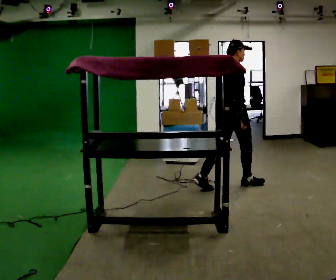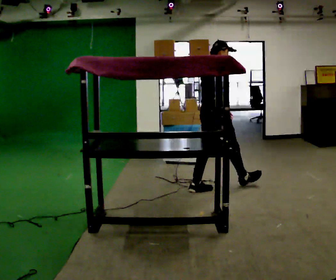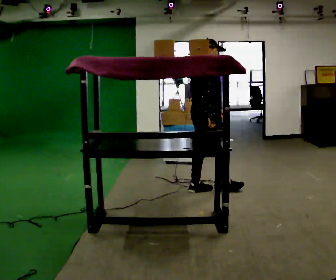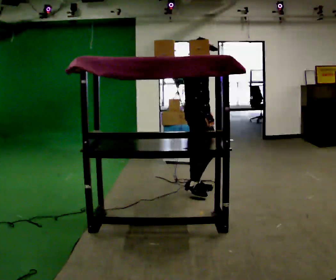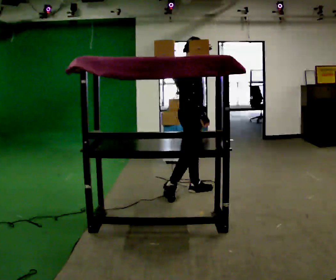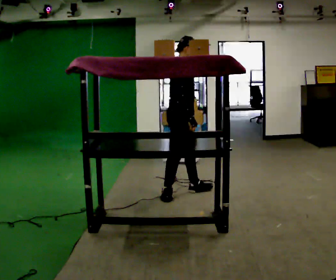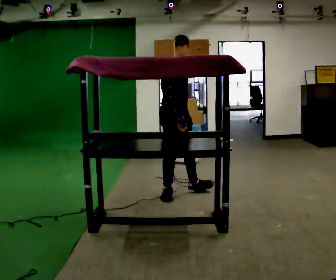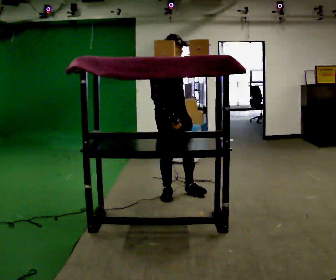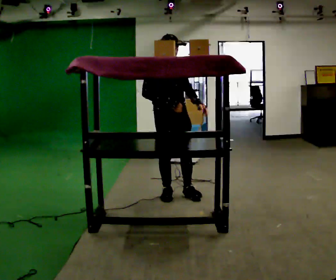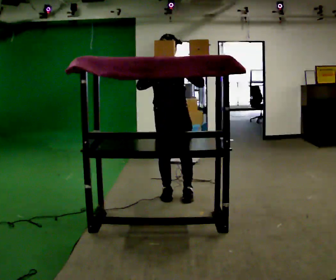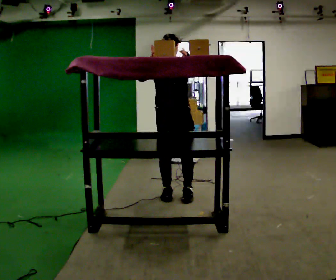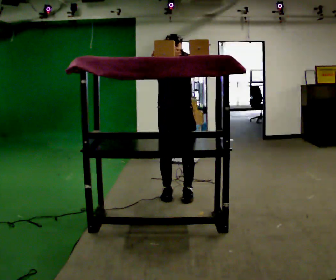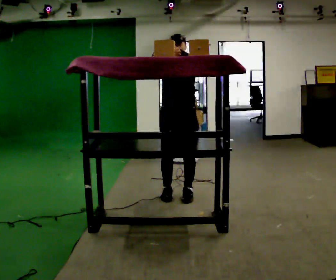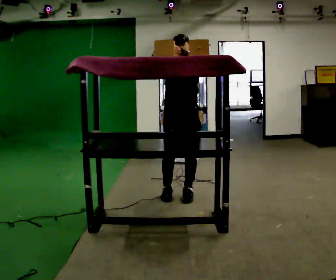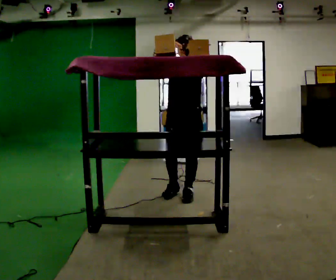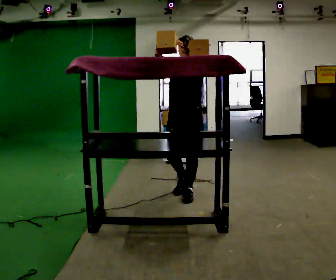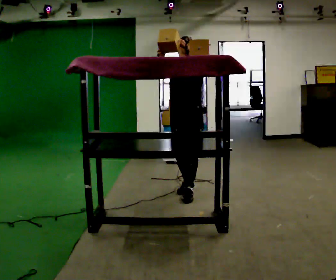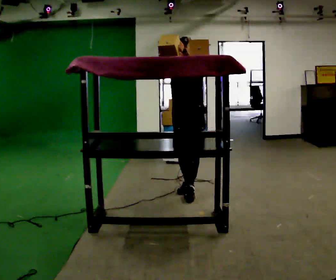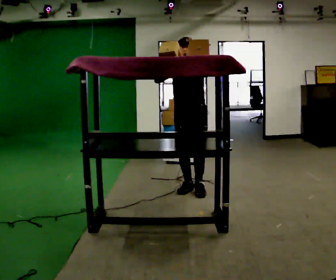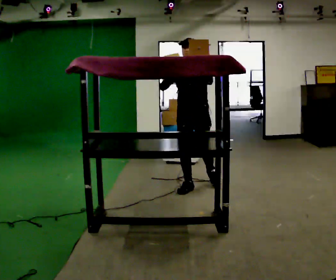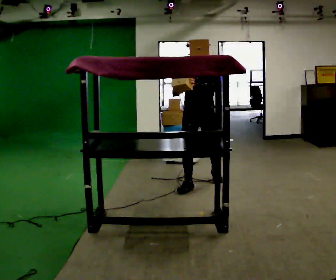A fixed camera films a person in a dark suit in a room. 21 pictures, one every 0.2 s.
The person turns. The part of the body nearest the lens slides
to the left.
The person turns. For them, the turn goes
to their right.
0.0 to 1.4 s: The part of the body nearest the lens slides to the left as the person turns to their right by about 75 degrees. In the picture they go to the left, about 0.5 m in 2 steps.
1.4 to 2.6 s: Seen from above the body turns clockwise, about 45 degrees: to their right, with its near side sliding to the left. In the picture their left hand goes upward.
2.6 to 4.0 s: In the picture they go away from the camera and to the right, about 0.5 m in 2 steps, which for them is backward.
The film runs backward here.
